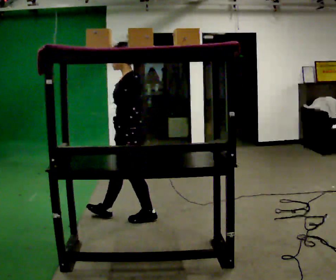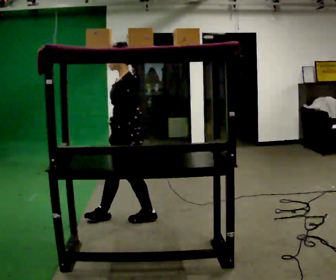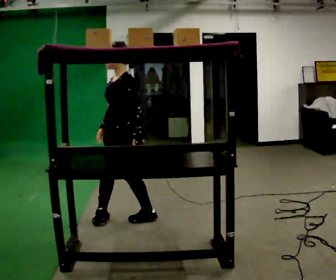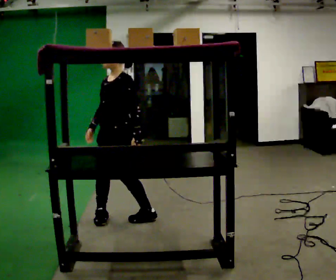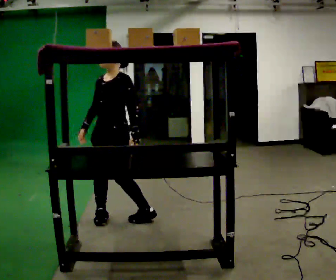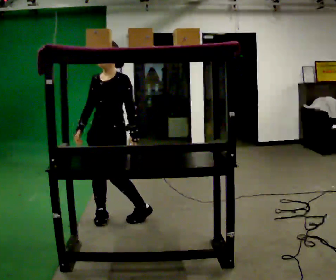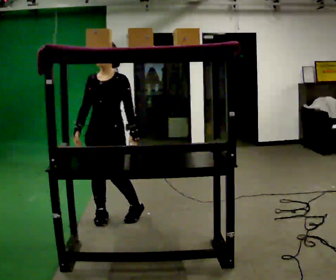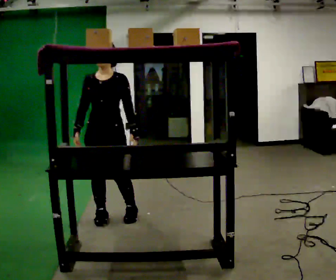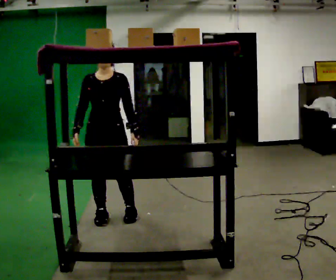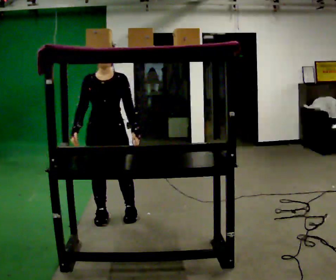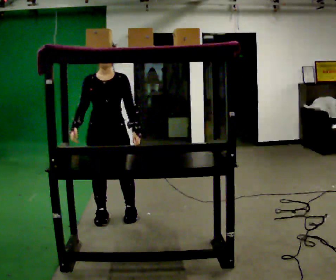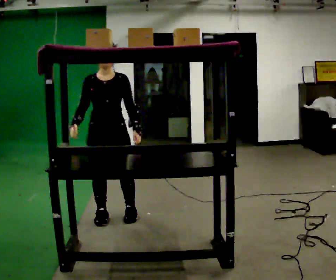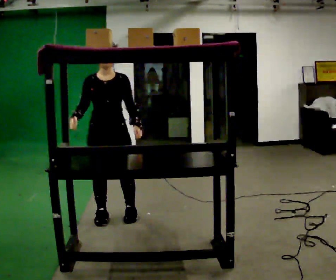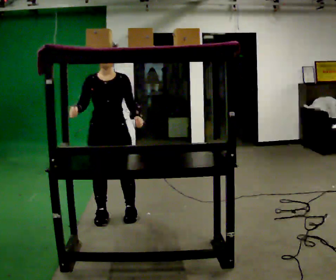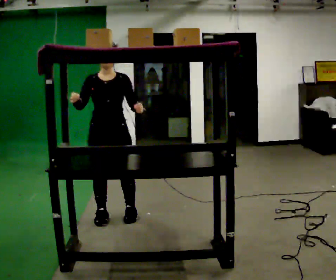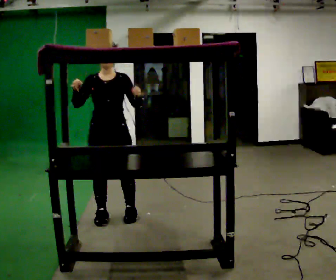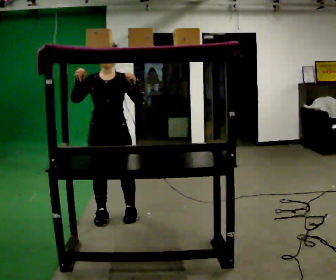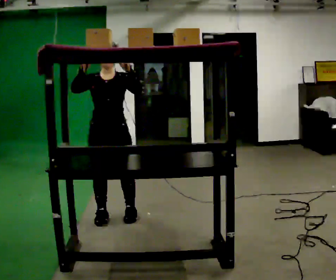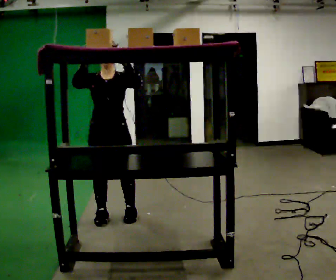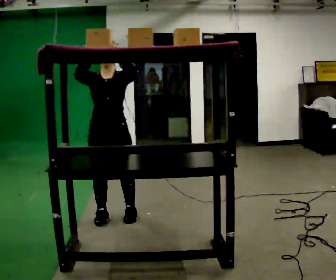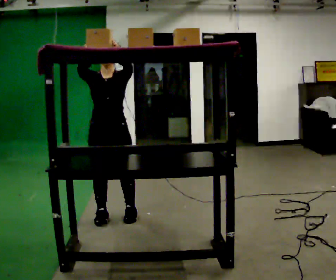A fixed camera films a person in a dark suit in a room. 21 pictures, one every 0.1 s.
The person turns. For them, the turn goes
to their left.
The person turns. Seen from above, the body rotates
counterclockwise.
0.0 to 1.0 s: Seen from above the body turns counterclockwise, about 90 degrees: to their left, with its near side sliding to the right. In the picture they go to the left, about 0.25 m in 1 step. In the picture their right hand goes to the left.
1.0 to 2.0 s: In the picture their left hand goes upward.
The film runs backward here.
